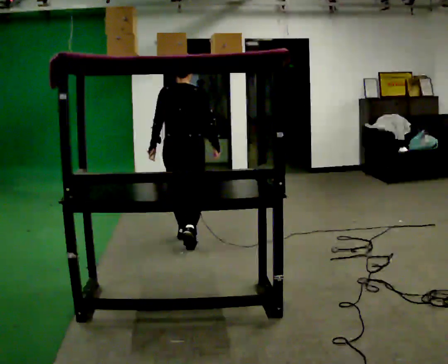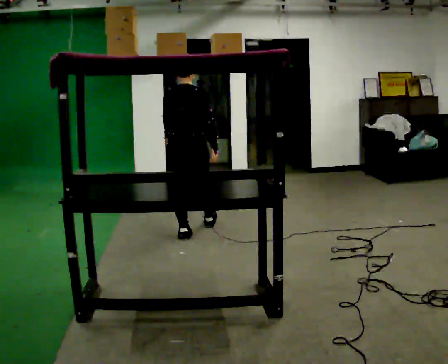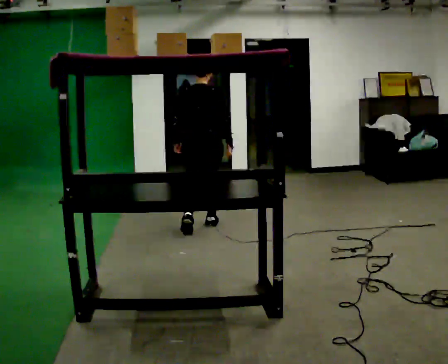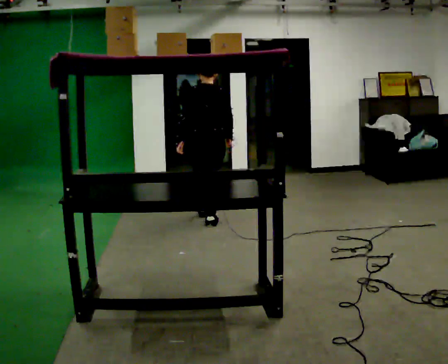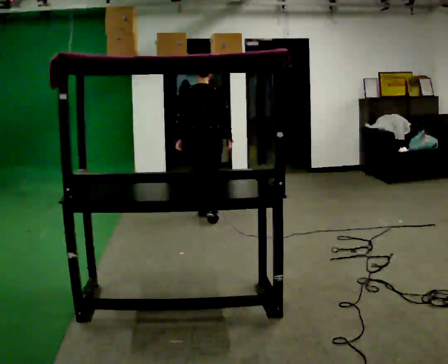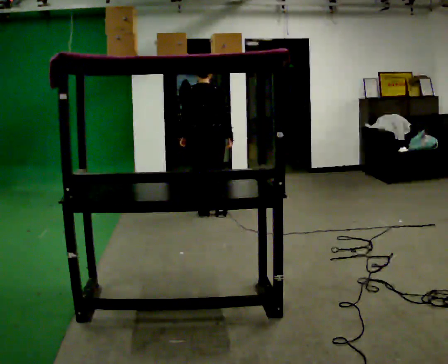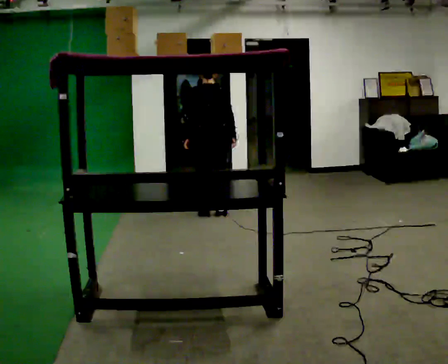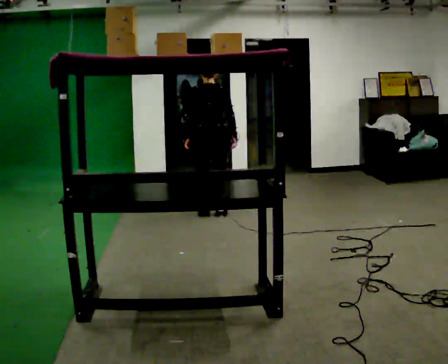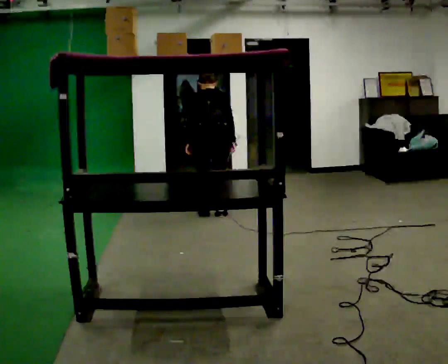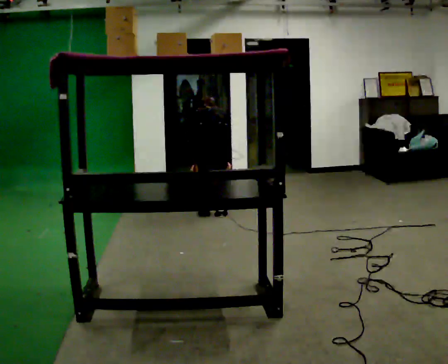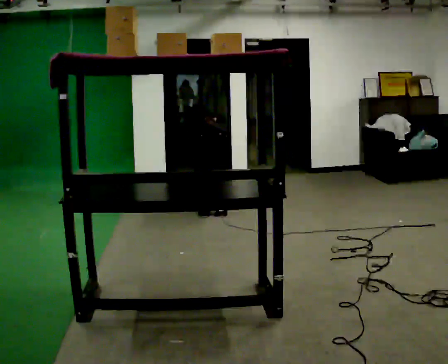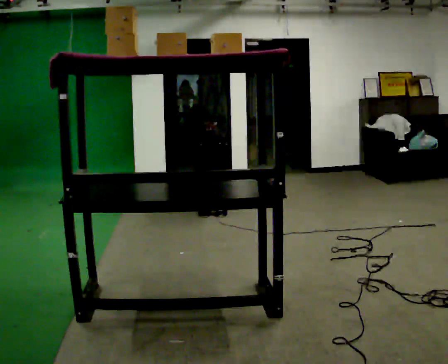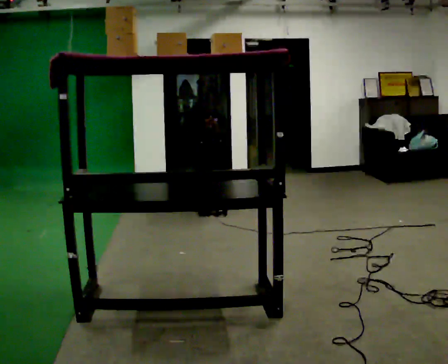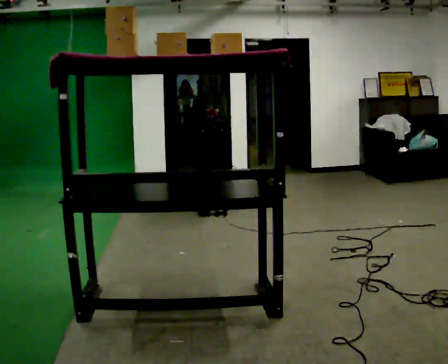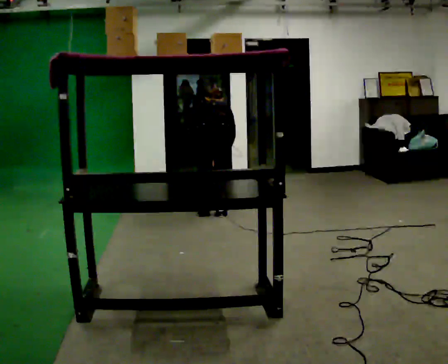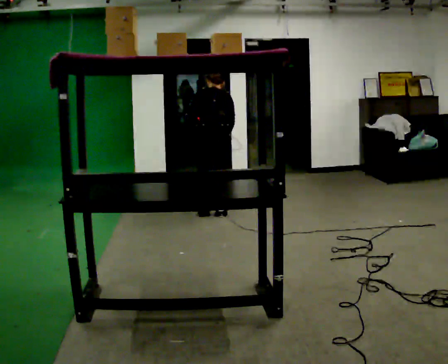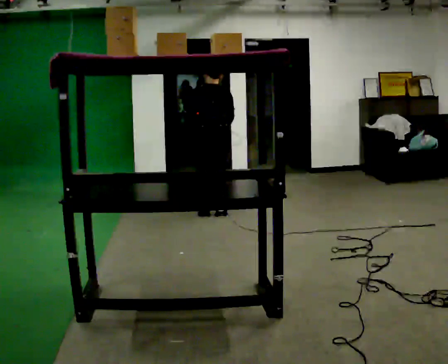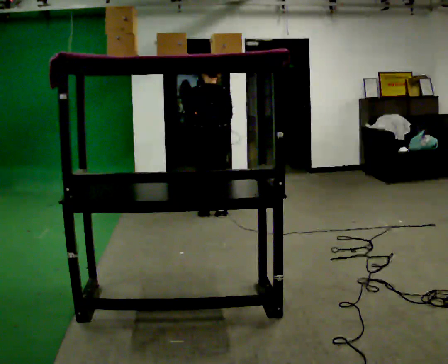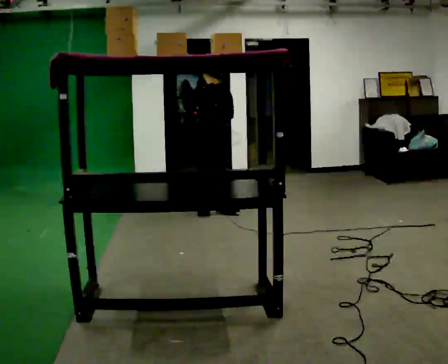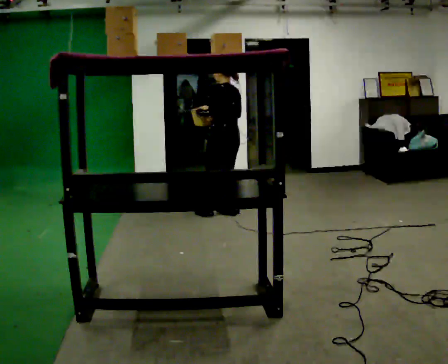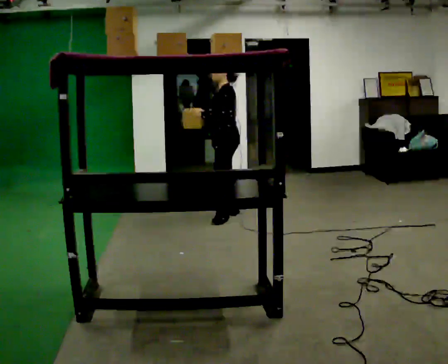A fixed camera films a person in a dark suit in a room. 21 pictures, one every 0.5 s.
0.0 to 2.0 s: In the picture they go away from the camera, about 1 m in 2 steps, which for them is forward.
2.0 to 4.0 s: The upper body tips away from the camera, its near side rolling upward, as they bend forward.
4.0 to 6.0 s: The shoulders move downward. The upper body tips away from the camera, its near side rolling upward, as they bend forward. In the picture their left hand goes downward.
6.0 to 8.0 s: The shoulders move upward. The upper body tips toward the camera, its near side rolling downward, as they lean back or straighten. In the picture their left hand goes upward.
8.0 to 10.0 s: The part of the body nearest the lens slides to the right as the person turns to their left by about 105 degrees.
The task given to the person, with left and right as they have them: Carry the object across the room and place it on the shelf just at the top of your comfortable reach. Keep going until the operator says stop; one object at a time, and do not rush between trips.
The film runs forward here.
